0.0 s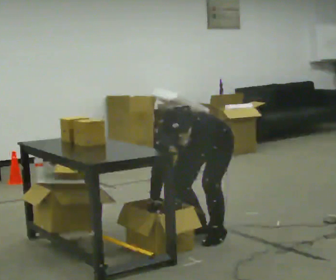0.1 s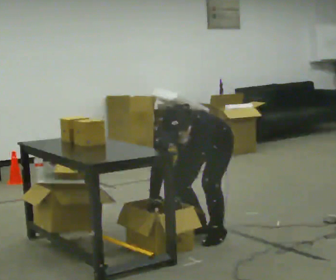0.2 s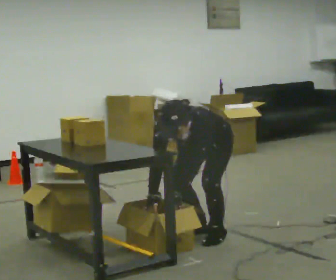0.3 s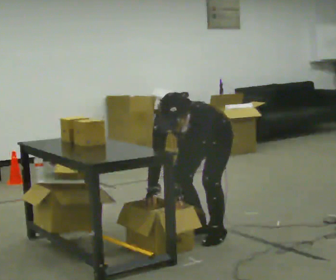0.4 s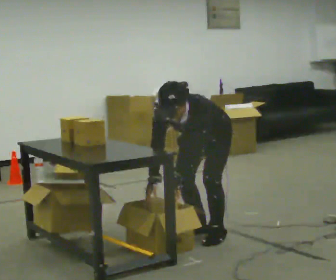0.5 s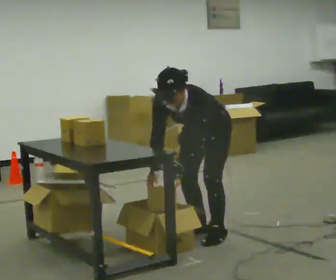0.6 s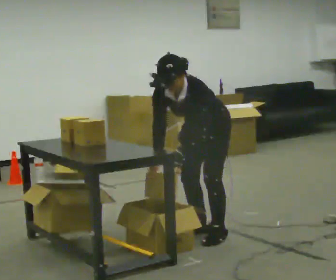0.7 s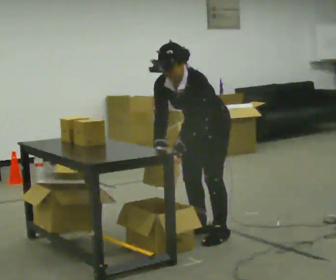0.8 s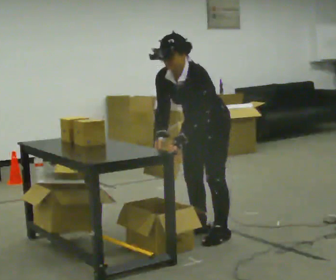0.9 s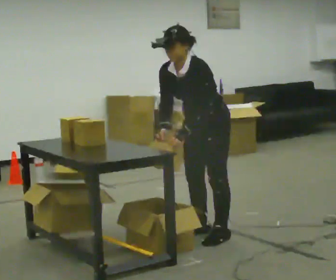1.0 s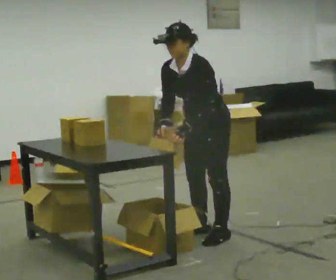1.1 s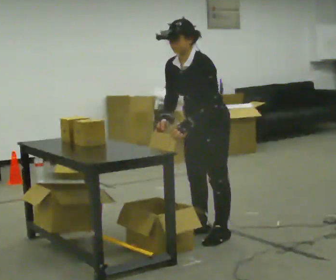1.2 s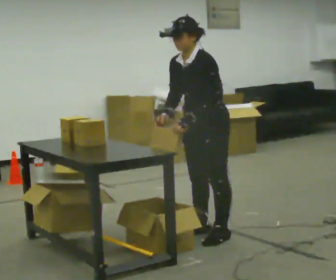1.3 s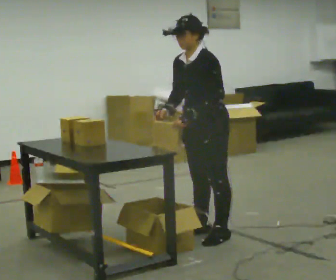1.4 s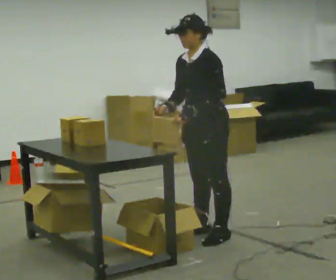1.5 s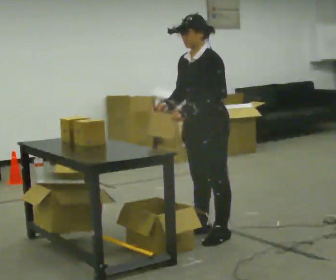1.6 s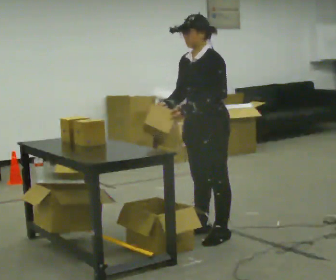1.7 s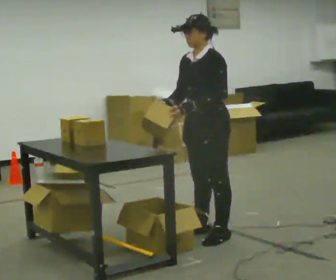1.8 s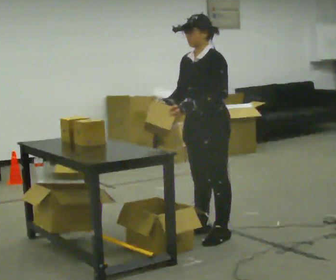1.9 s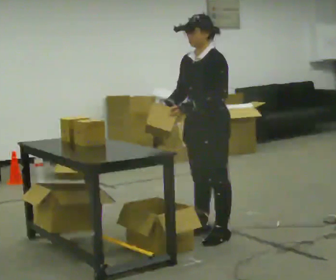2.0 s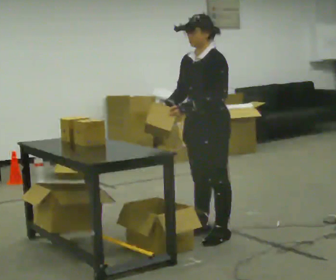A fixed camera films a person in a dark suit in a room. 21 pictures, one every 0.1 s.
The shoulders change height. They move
upward.
Their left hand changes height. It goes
upward.
0.0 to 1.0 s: The shoulders move upward. The upper body tips away from the camera, its near side rolling upward, as they lean back or straighten. In the picture their right hand goes upward.
1.0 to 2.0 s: In the picture the upper body tilts clockwise, shoulders to the right, as they lean back or straighten.
The film runs forward here.
